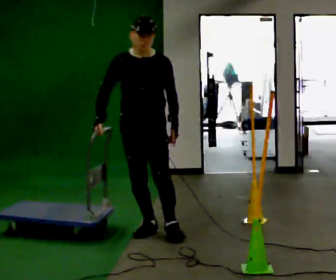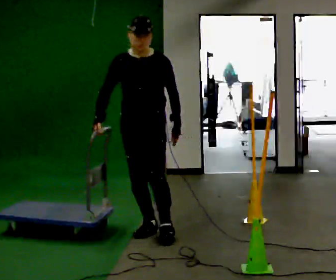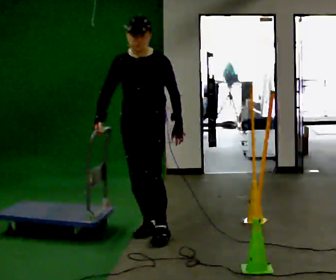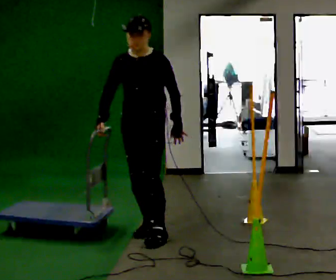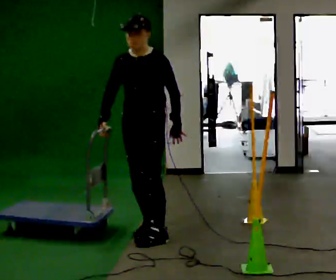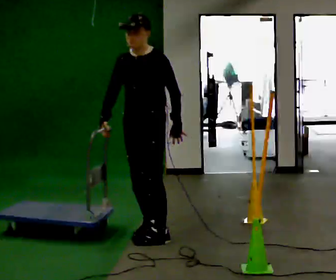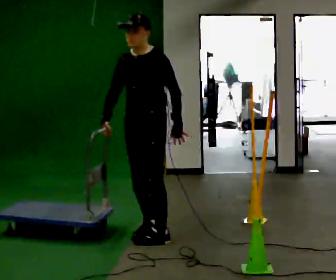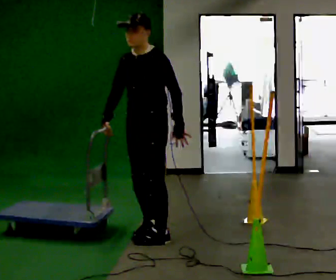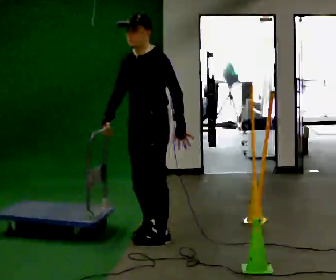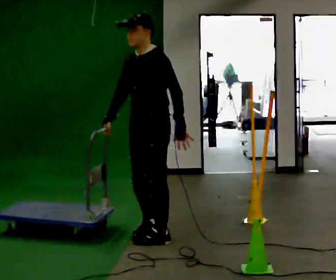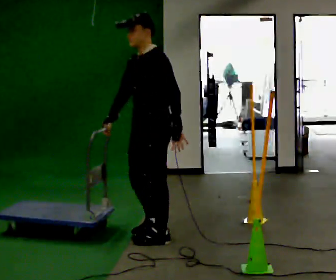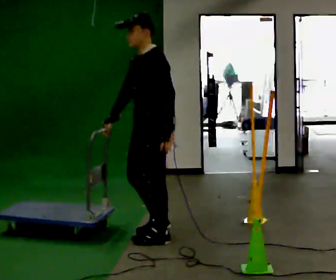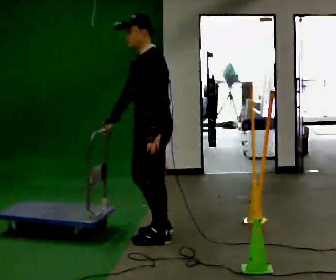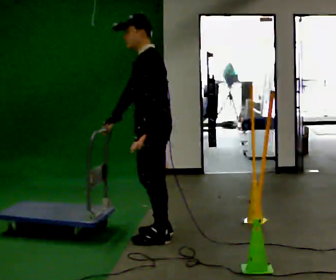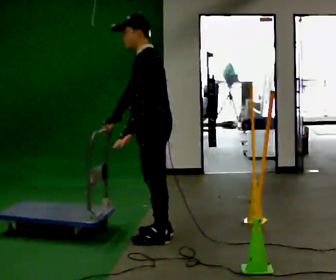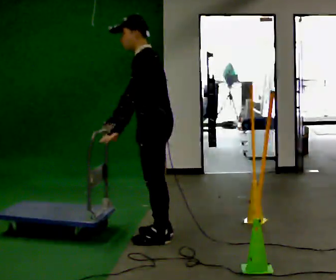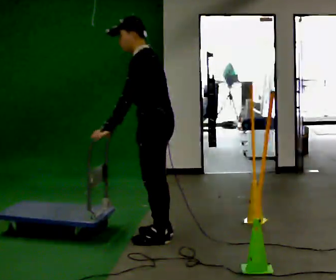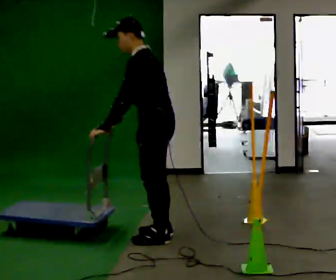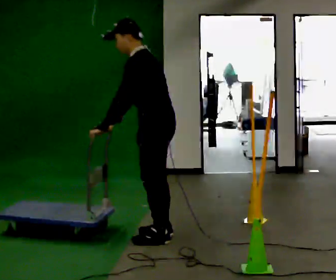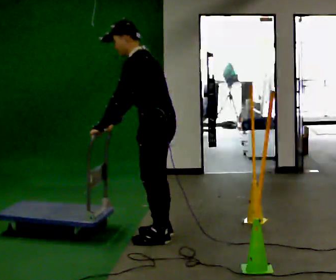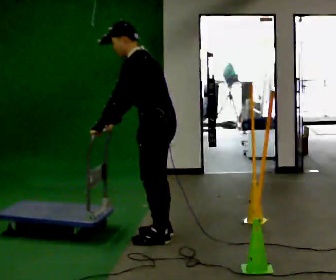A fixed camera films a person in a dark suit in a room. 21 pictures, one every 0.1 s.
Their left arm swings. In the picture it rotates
clockwise.
The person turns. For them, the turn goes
to their right.
0.0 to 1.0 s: The person turns about 60 degrees to their right, clockwise seen from above, so the part of the body nearest the lens slides to the left.
1.0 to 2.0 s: The person turns about 45 degrees to their right, clockwise seen from above, so the part of the body nearest the lens slides to the left. In the picture the upper body tilts counterclockwise, shoulders to the left, as they bend forward. In the picture their left hand goes to the left, the arm swinging clockwise.
The film runs backward here.
